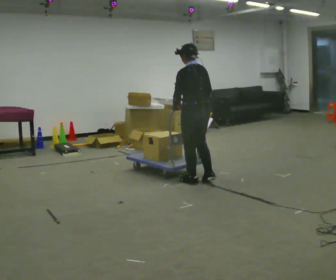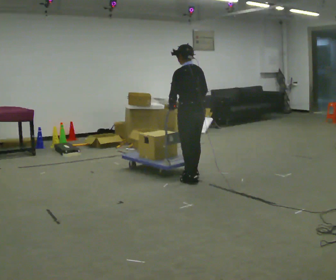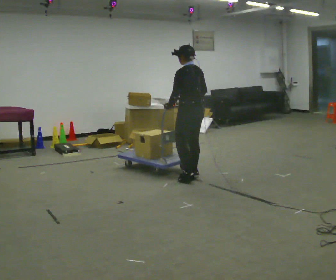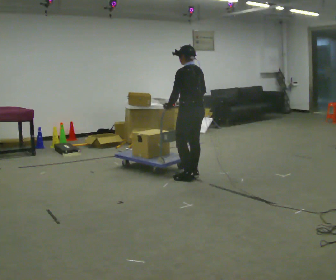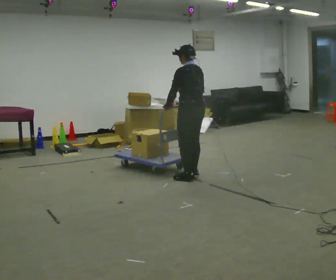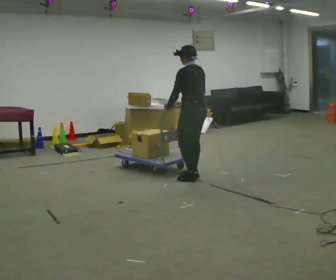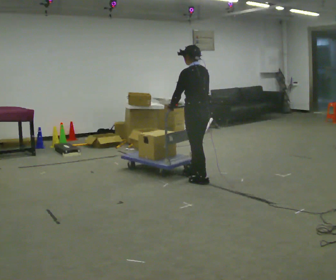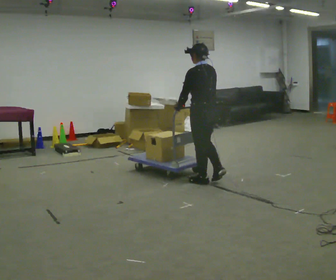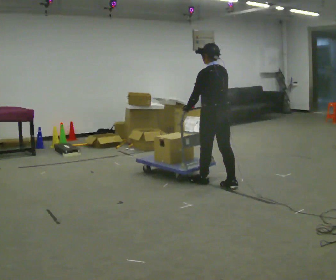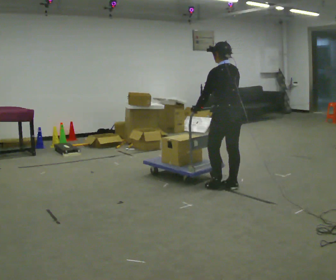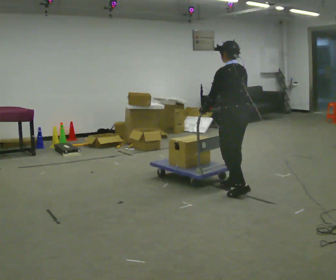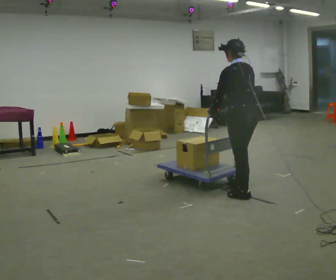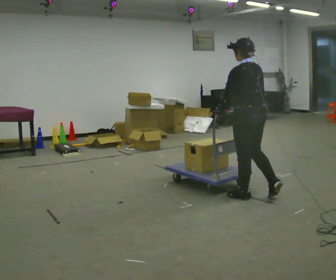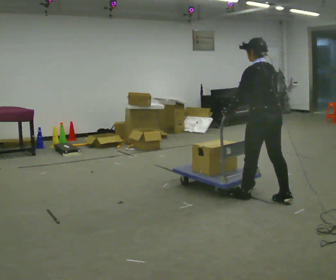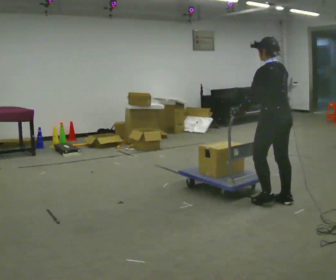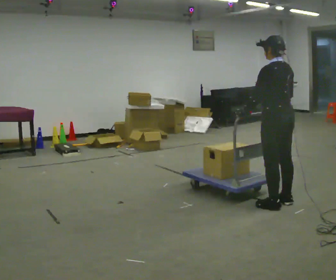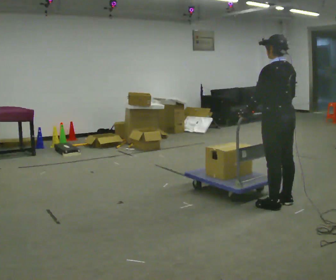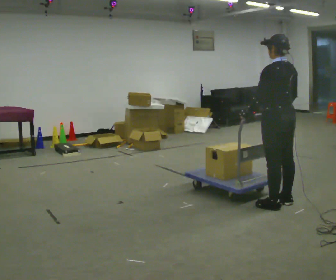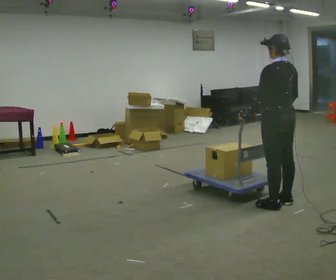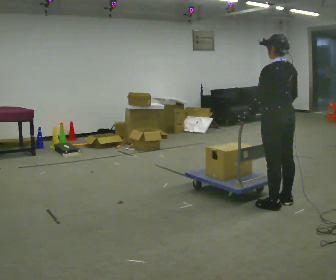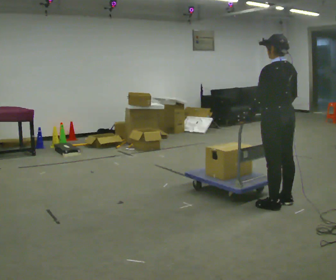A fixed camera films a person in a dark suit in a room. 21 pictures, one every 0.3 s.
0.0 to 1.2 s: In the picture they go away from the camera, about 0.25 m, which for them is forward and to their right.
1.2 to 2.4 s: In the picture they go to the right and toward the camera, about 0.5 m in 2 steps, which for them is backward.
2.4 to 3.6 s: In the picture they go toward the camera and to the right, about 0.5 m in 2 steps, which for them is backward.
3.6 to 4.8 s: In the picture they go to the right and toward the camera, about 0.25 m in 1 step, which for them is backward.
4.8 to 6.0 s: The person moves a little, or ends about where they began.
The film runs backward here.
